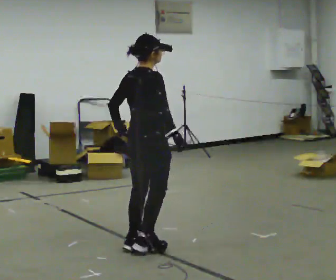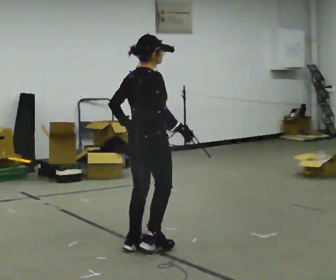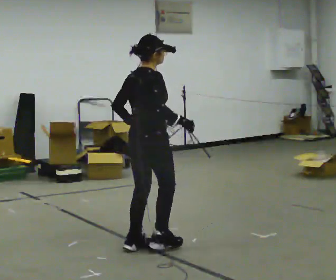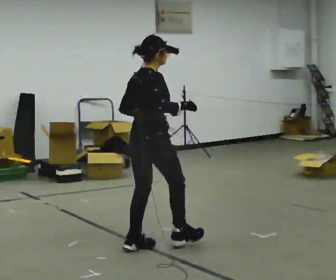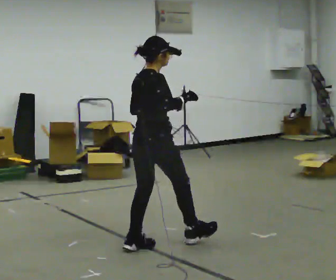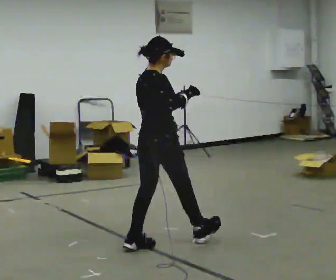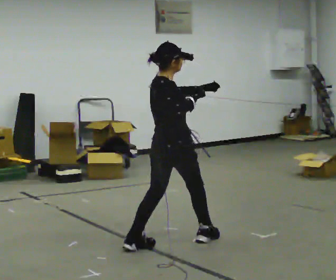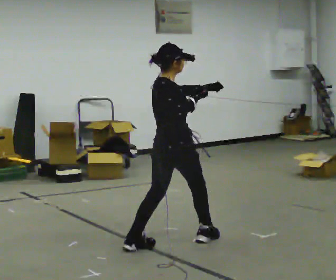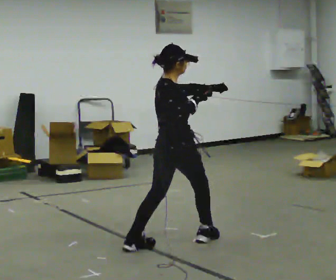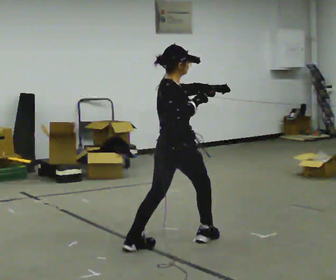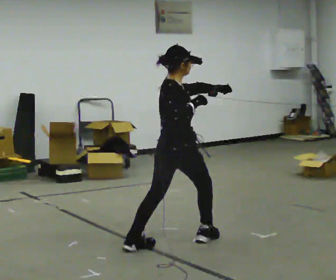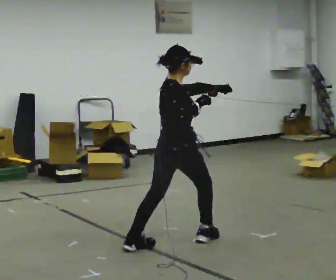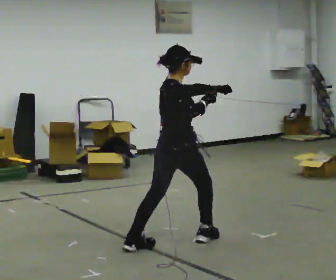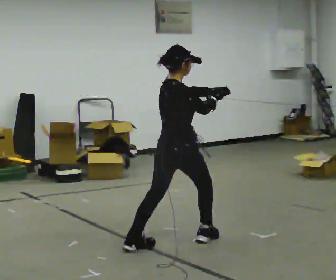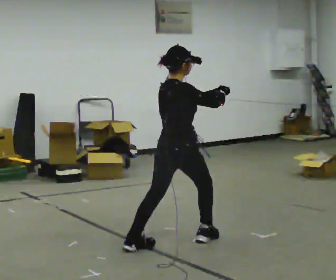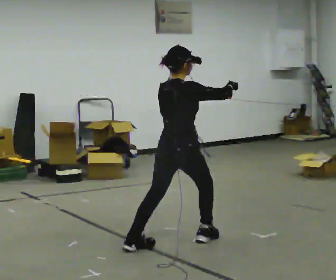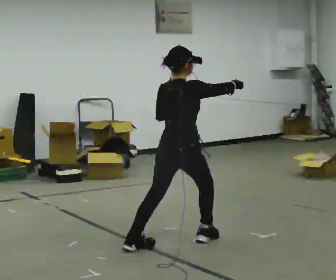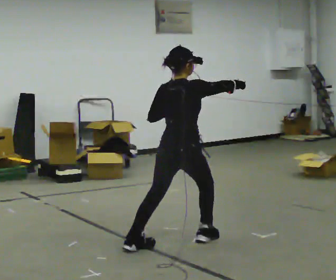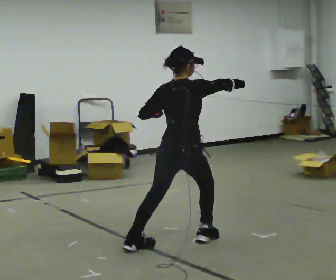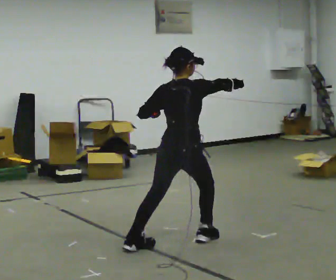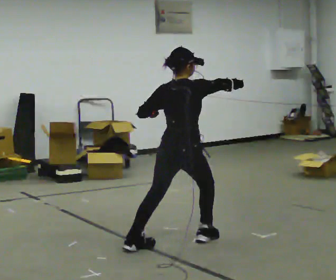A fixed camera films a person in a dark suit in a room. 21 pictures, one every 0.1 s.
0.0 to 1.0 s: In the picture they go to the right, about 0.25 m in 1 step, which for them is forward. In the picture their left hand goes to the right and upward.
1.0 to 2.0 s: In the picture their left hand goes to the left.
The film runs backward here.
